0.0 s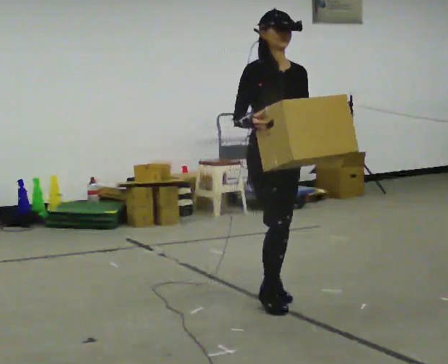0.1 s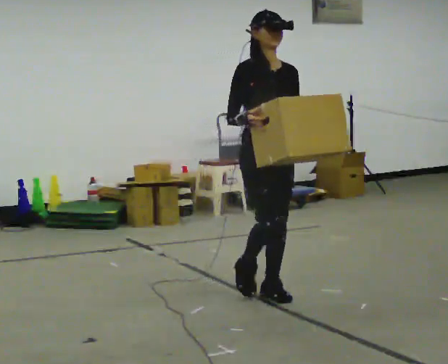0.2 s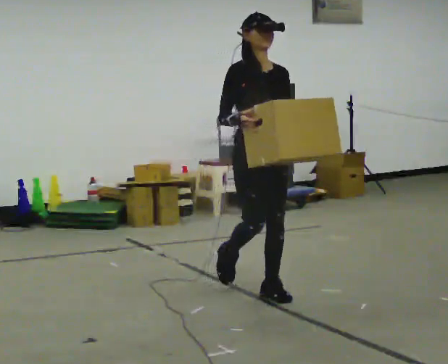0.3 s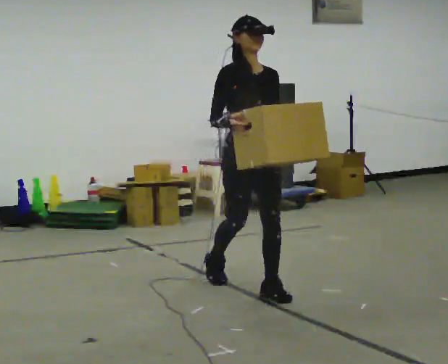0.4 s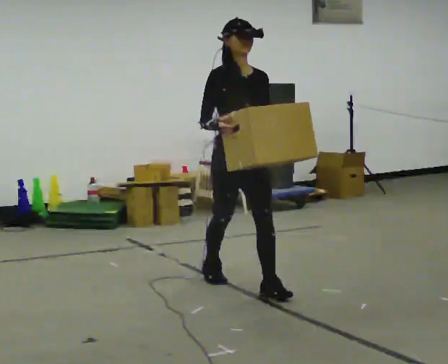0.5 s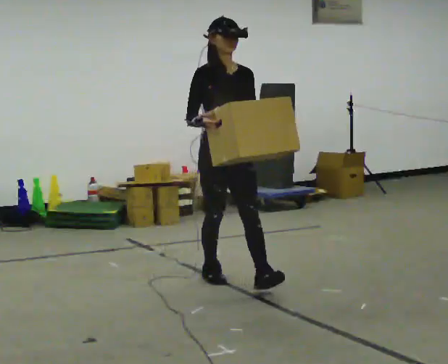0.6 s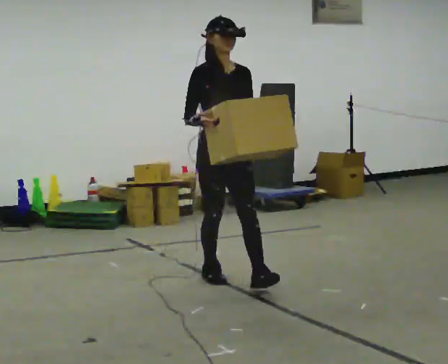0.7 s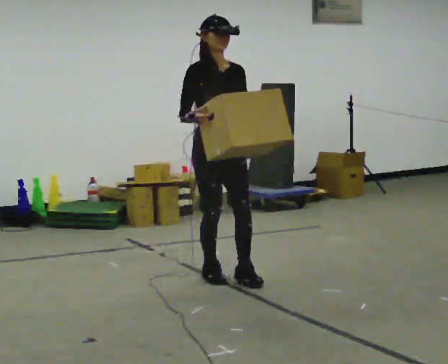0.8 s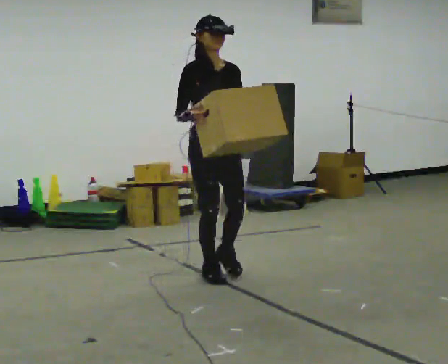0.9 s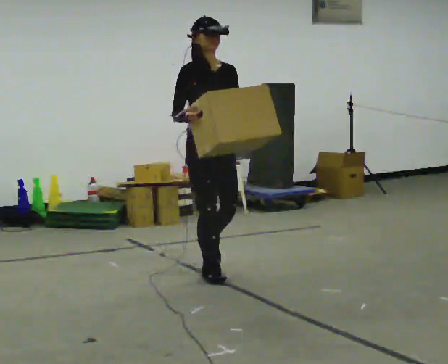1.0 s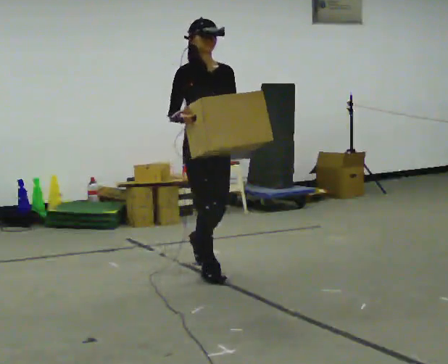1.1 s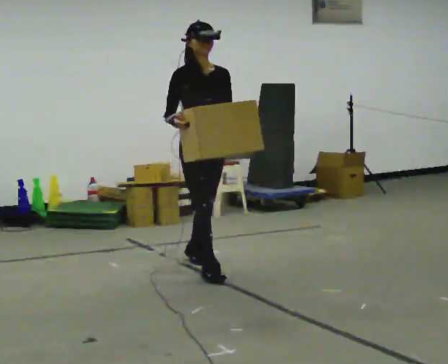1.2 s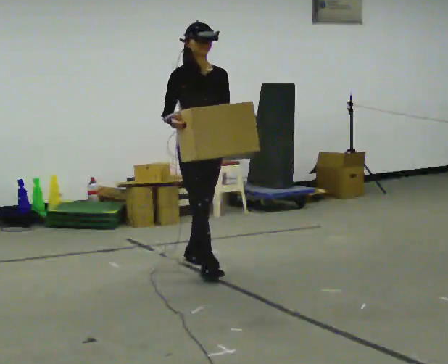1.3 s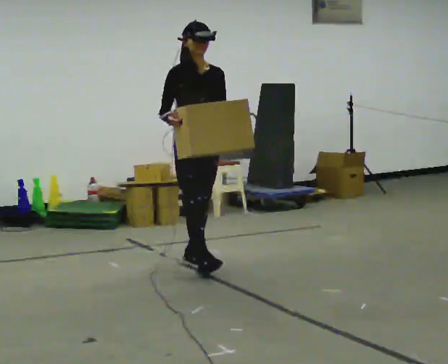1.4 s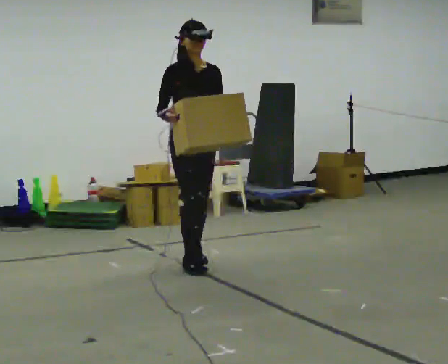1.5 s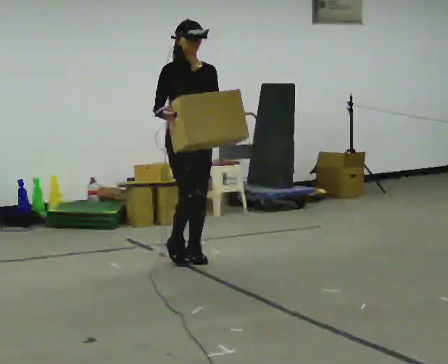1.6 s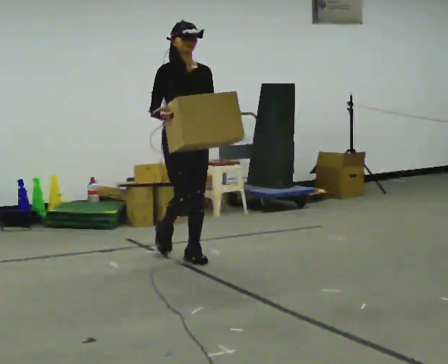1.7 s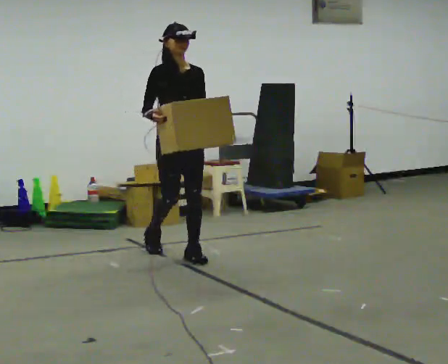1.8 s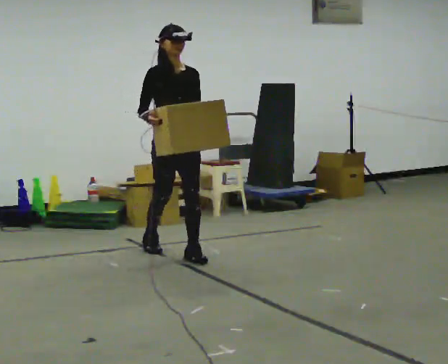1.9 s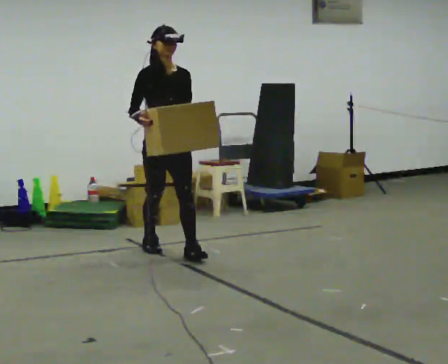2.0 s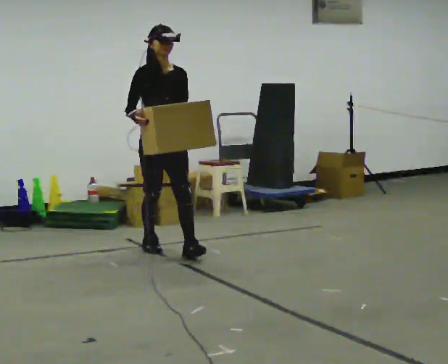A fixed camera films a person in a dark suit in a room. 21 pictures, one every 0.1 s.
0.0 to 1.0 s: In the picture they go away from the camera and to the left, about 1 m in 1 step, which for them is backward.
1.0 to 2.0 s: In the picture they go away from the camera and to the left, about 0.5 m in 2 steps, which for them is backward.
The film runs backward here.
